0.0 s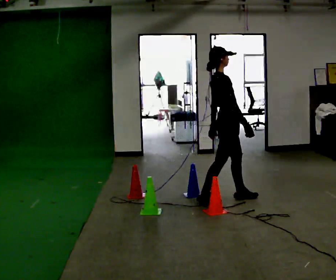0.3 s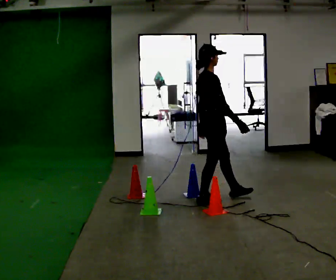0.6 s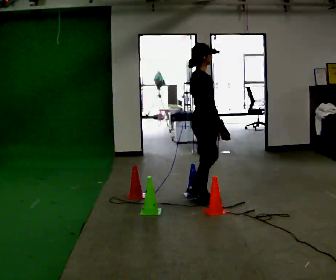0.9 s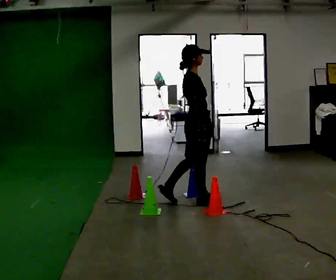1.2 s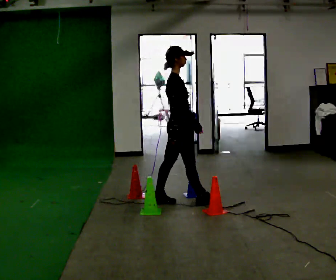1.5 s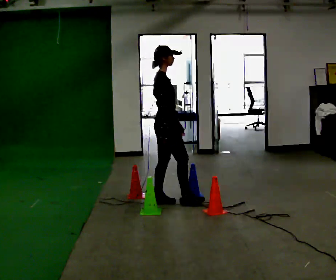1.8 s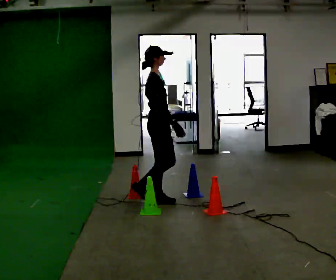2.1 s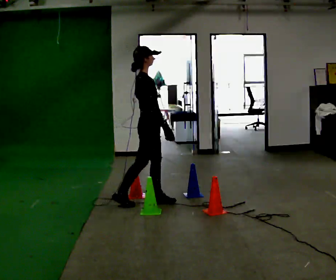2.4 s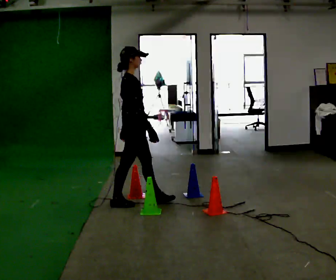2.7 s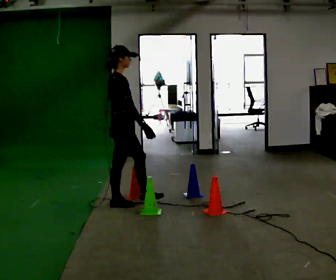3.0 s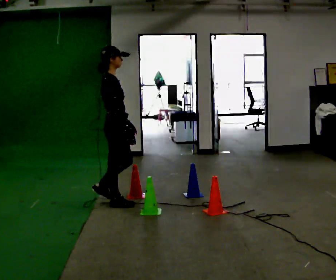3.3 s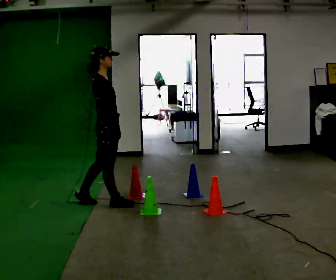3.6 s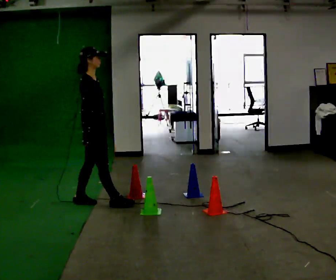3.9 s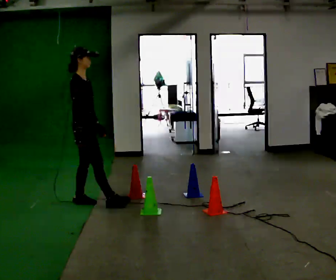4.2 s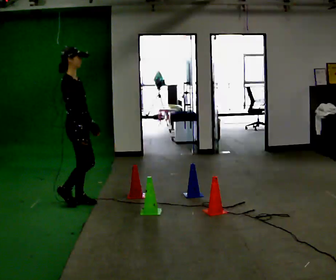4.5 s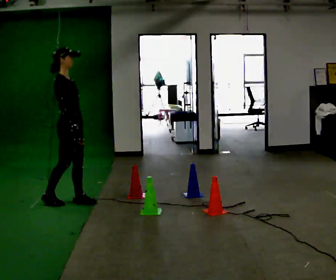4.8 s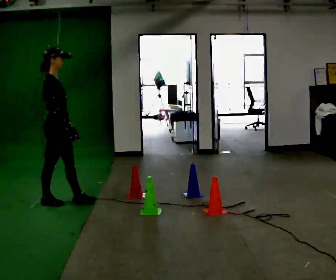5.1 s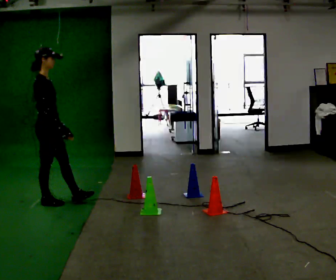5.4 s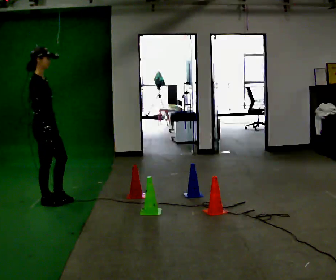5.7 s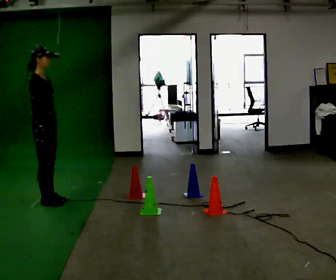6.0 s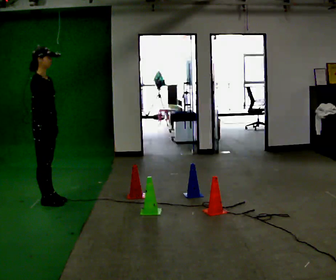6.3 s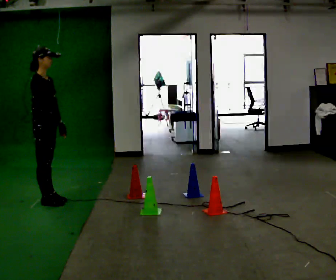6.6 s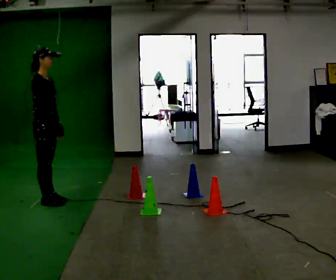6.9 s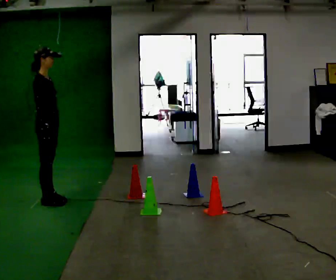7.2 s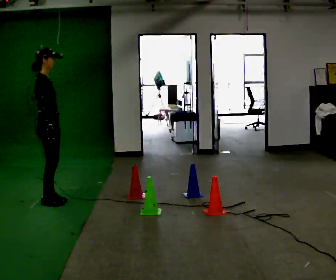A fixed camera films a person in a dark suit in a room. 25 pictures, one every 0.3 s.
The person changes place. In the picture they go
to the left.
0.0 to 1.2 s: In the picture they go to the left, about 0.5 m in 1 step, which for them is backward.
1.2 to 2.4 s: In the picture they go to the left, about 0.5 m in 1 step, which for them is backward.
2.4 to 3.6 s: In the picture they go to the left, about 0.5 m in 1 step, which for them is backward.
3.6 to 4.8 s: In the picture they go to the left, about 0.5 m in 1 step, which for them is backward.
4.8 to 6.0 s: In the picture their right hand goes to the left.
6.0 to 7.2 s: The person moves a little, or ends about where they began.
The film runs backward here.
